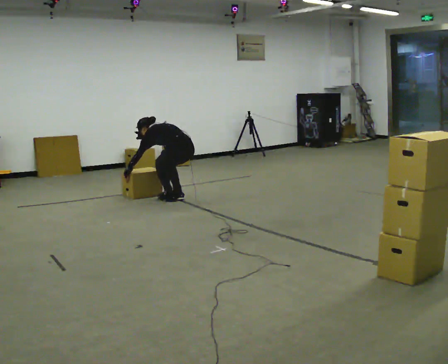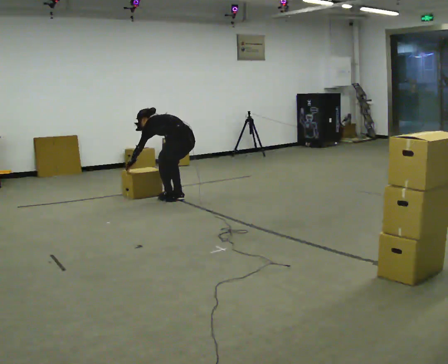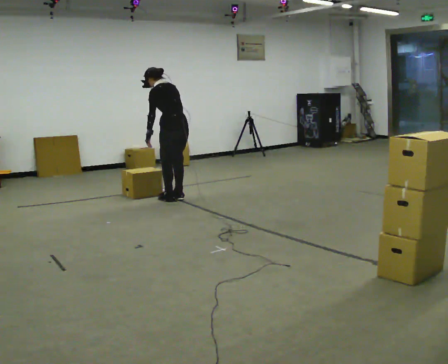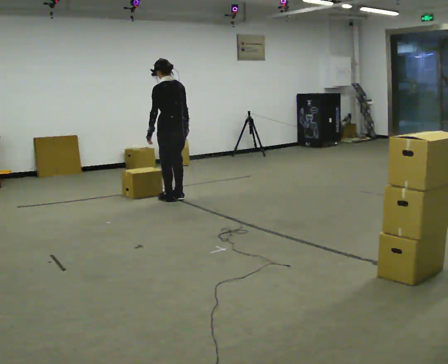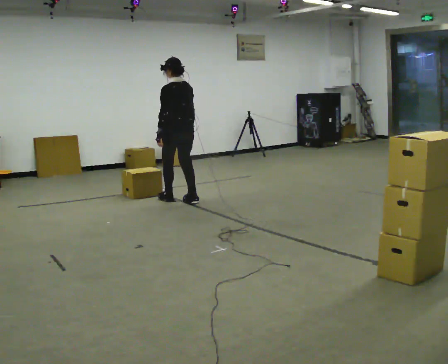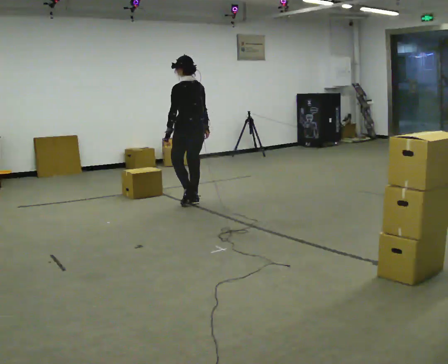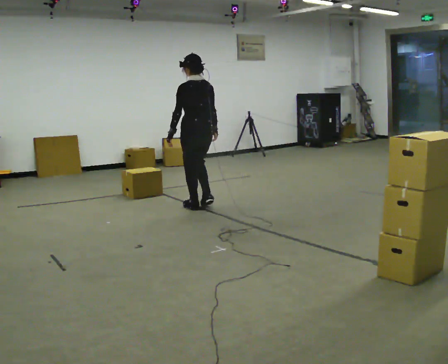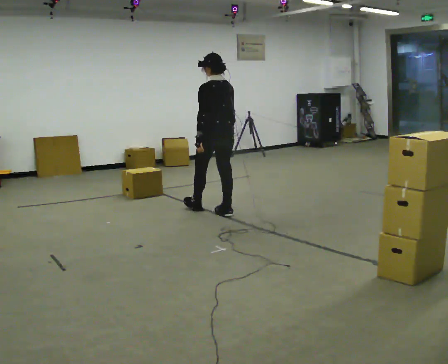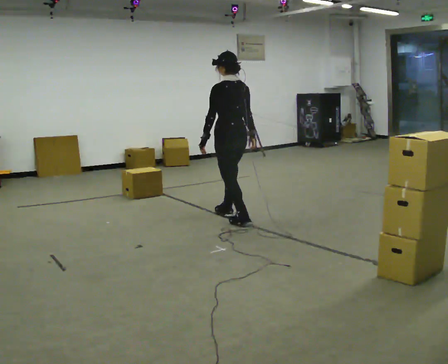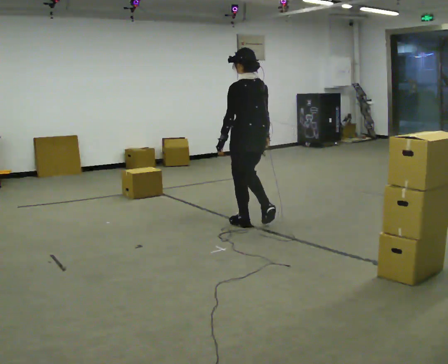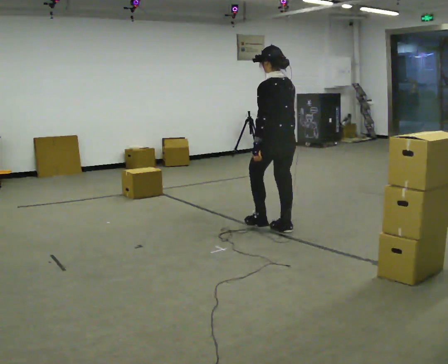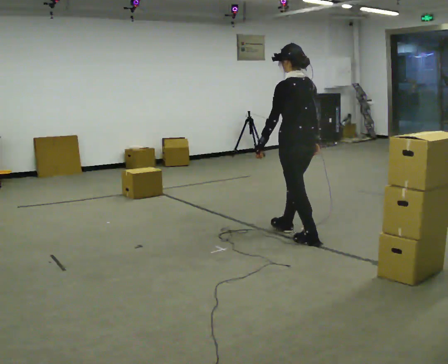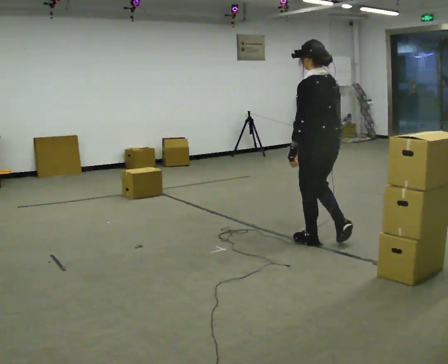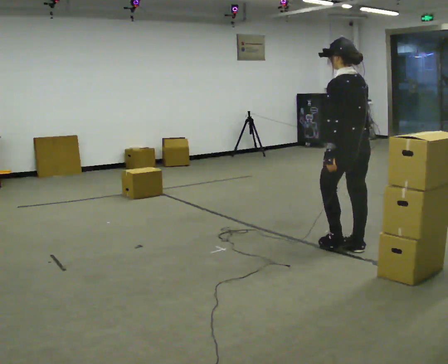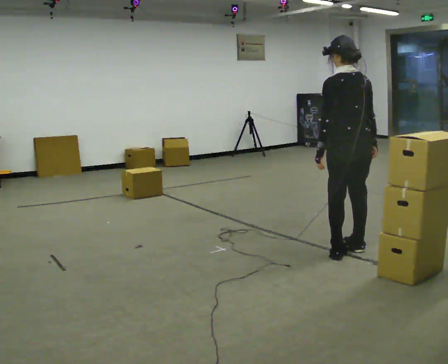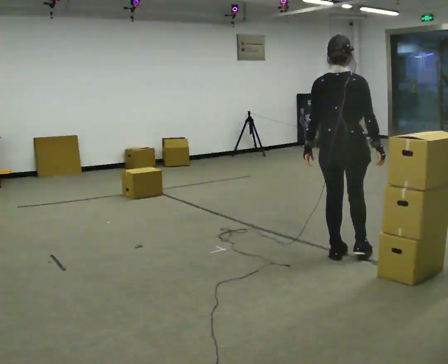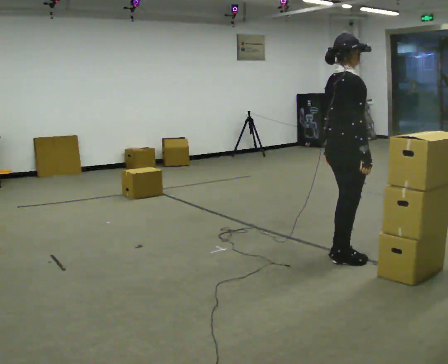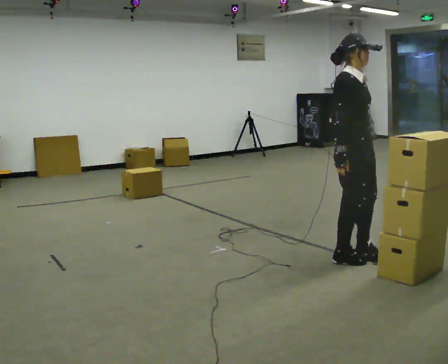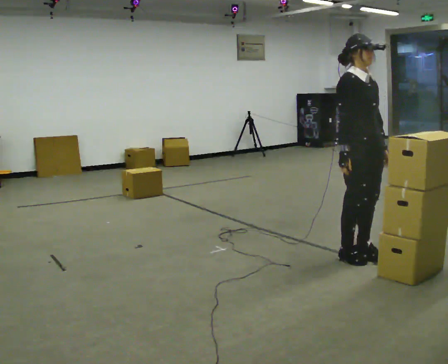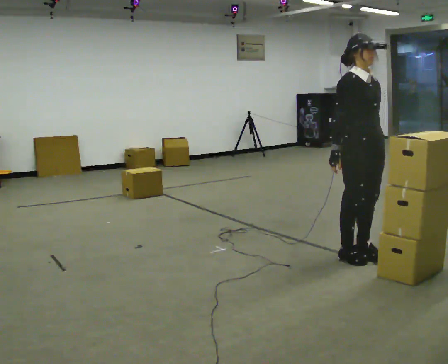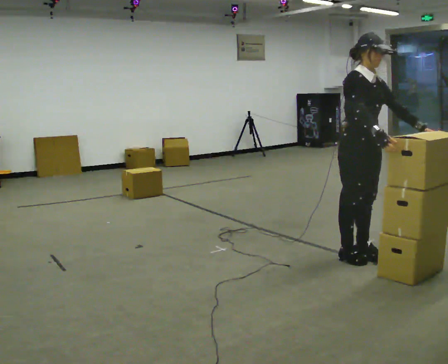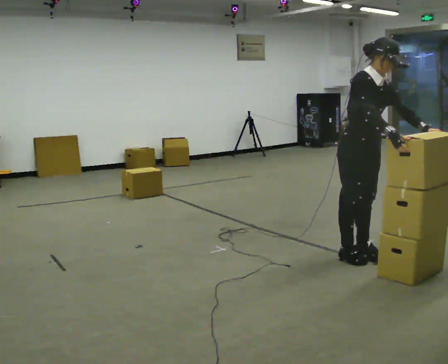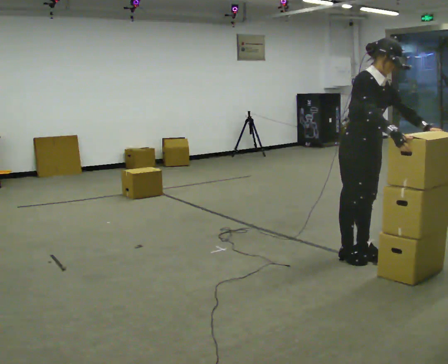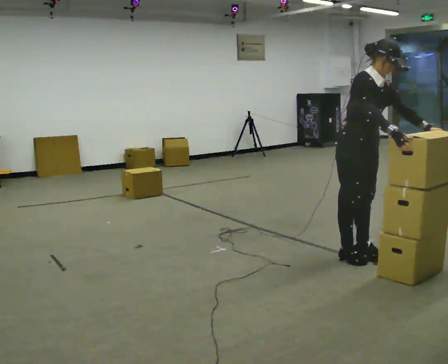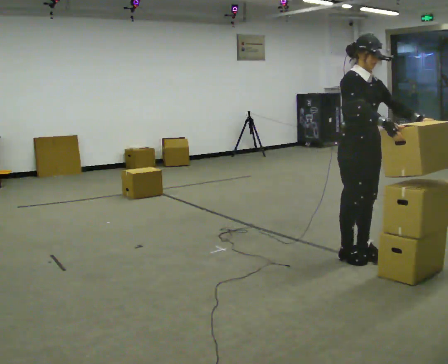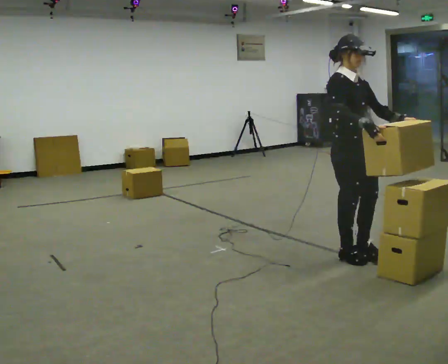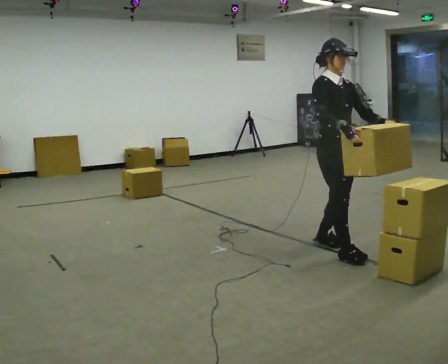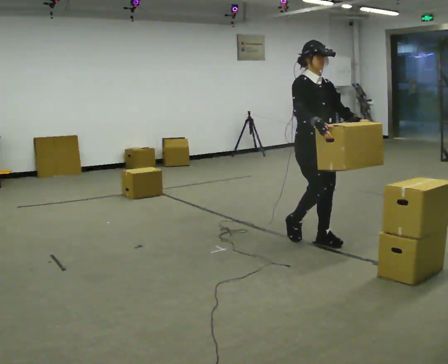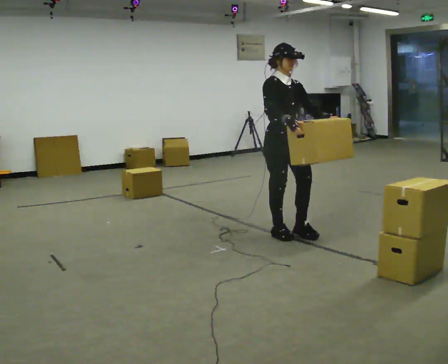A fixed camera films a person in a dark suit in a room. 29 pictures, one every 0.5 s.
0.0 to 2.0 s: The shoulders move upward. In the picture the upper body tilts clockwise, shoulders to the right, as they lean back or straighten. In the picture their left hand goes to the right and upward.
2.0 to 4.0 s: In the picture they go to the right and toward the camera, about 1 m in 3 steps, which for them is backward.
4.0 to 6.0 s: In the picture they go to the right and toward the camera, about 1 m in 3 steps, which for them is backward.
6.0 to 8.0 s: The person turns about 105 degrees to their right, clockwise seen from above, so the part of the body nearest the lens slides to the left. In the picture they go toward the camera and to the right, about 0.5 m in 2 steps.
8.0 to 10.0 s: The person turns about 75 degrees to their right, clockwise seen from above, so the part of the body nearest the lens slides to the left. In the picture their left hand goes to the right, the arm swinging counterclockwise.
10.0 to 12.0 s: The person moves a little, or ends about where they began.
12.0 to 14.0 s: In the picture they go to the left and away from the camera, about 1 m in 3 steps, which for them is backward.
The film runs backward here.
